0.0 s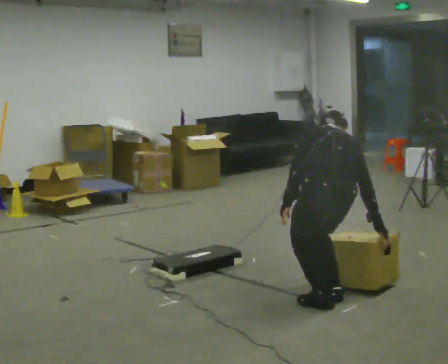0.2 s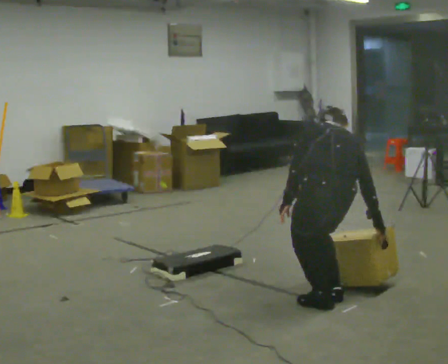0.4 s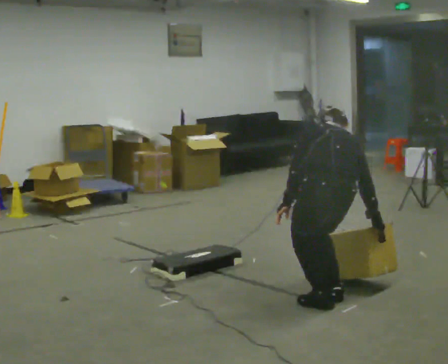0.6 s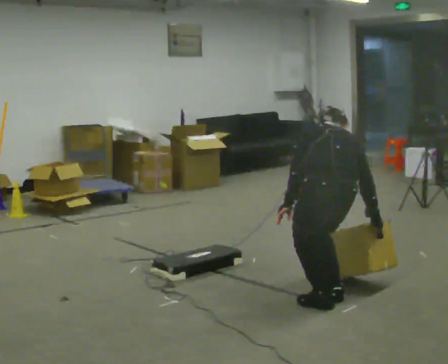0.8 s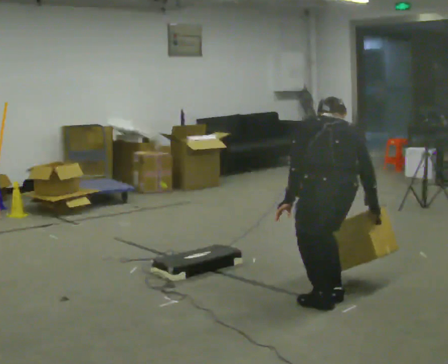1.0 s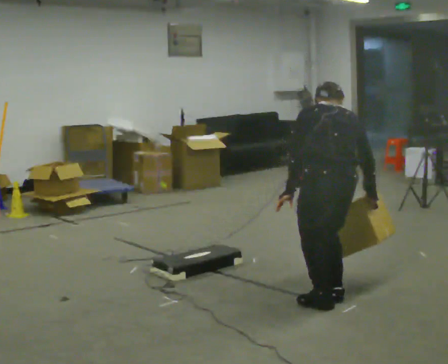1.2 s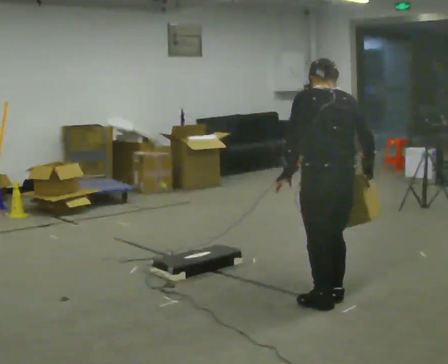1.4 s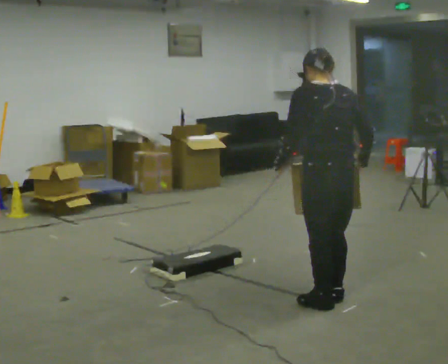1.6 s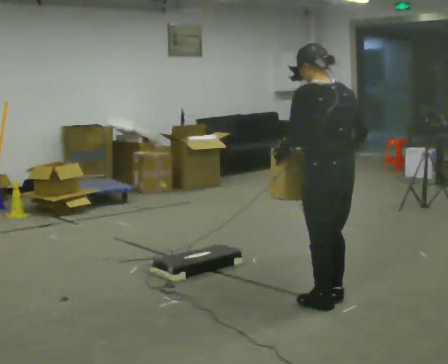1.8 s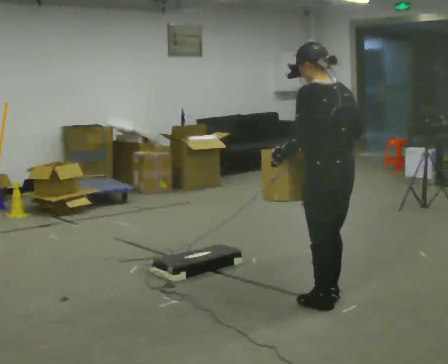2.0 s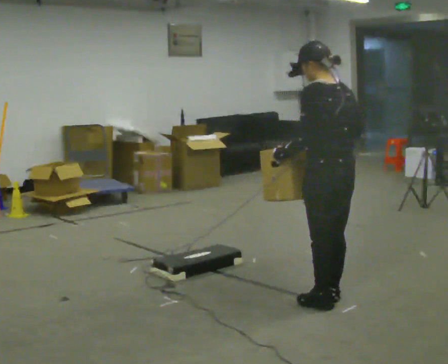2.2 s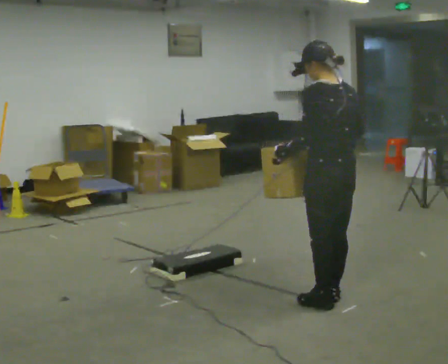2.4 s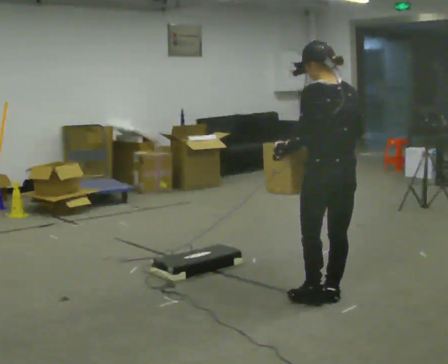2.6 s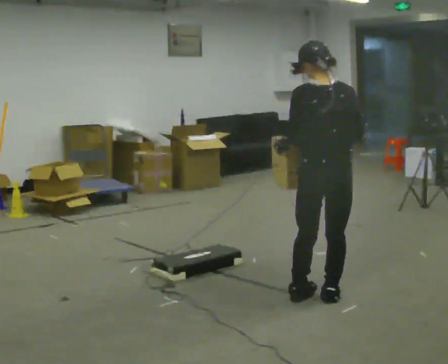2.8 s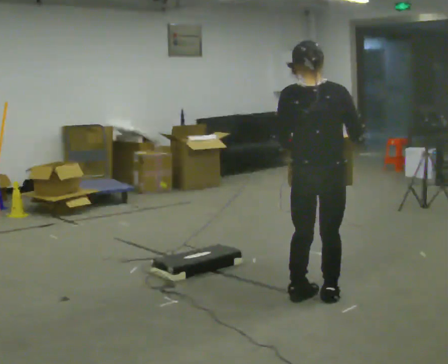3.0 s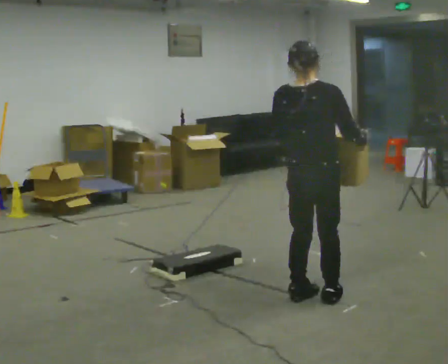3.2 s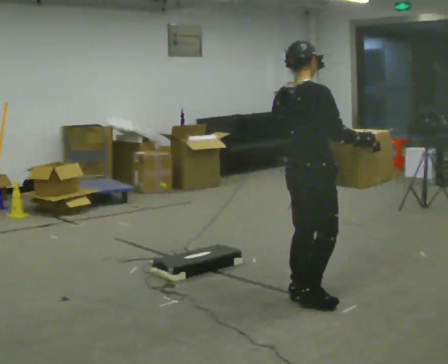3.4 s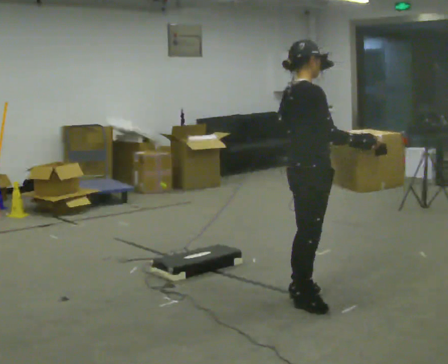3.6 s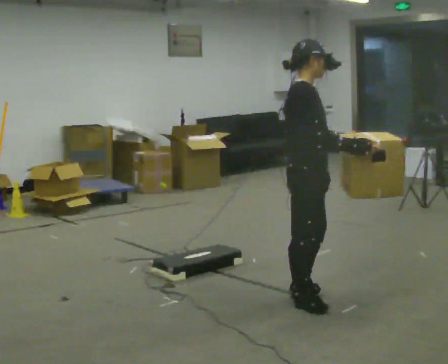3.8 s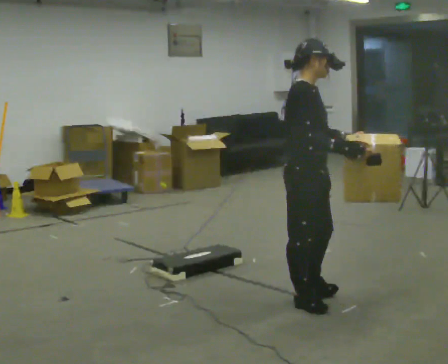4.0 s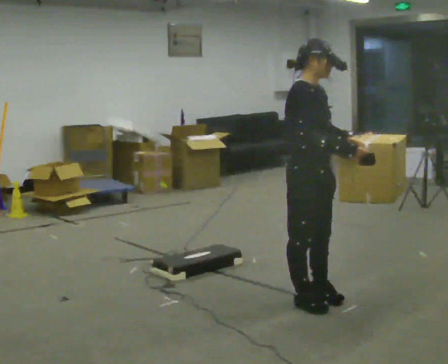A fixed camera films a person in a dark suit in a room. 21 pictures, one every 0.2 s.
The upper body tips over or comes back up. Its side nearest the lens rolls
downward.
The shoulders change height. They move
upward.
0.0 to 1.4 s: The shoulders move upward. The upper body tips toward the camera, its near side rolling downward, as they lean back or straighten.
1.4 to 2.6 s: The person moves a little, or ends about where they began.
2.6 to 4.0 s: The part of the body nearest the lens slides to the left as the person turns to their right by about 135 degrees.
The film runs backward here.
